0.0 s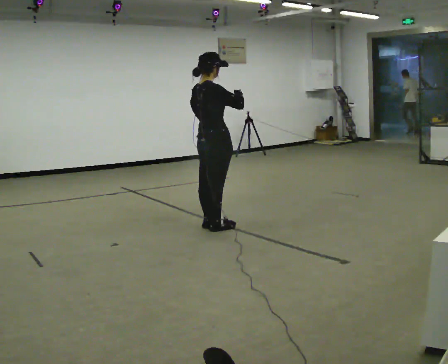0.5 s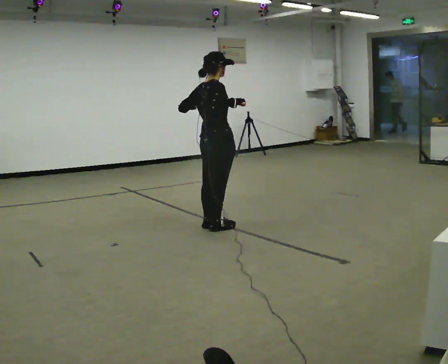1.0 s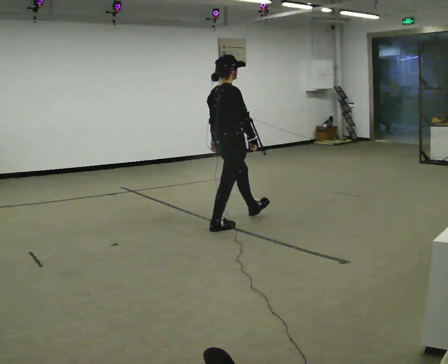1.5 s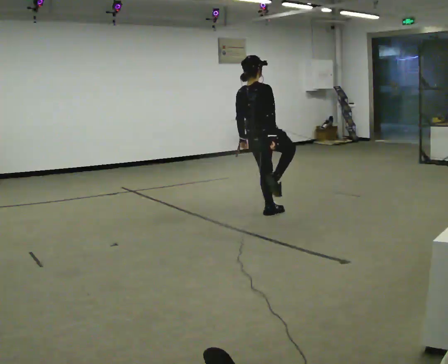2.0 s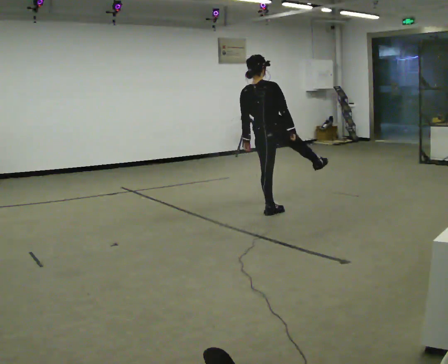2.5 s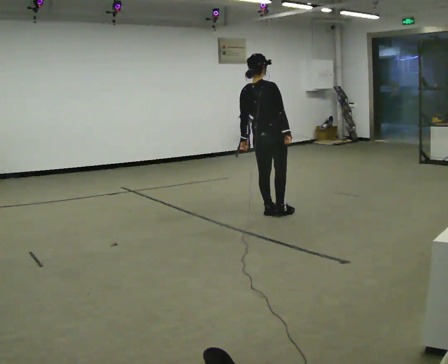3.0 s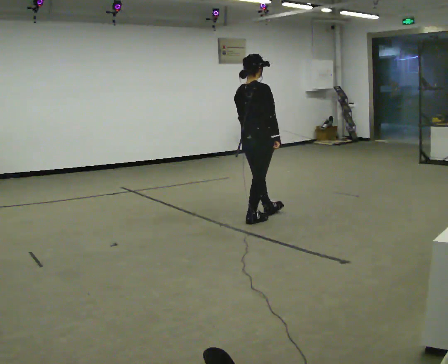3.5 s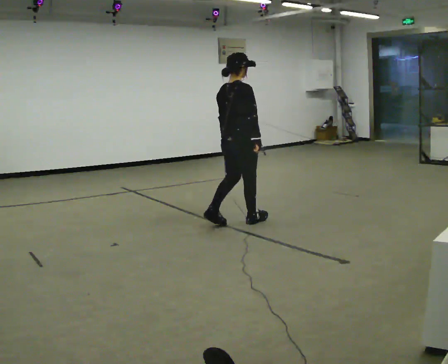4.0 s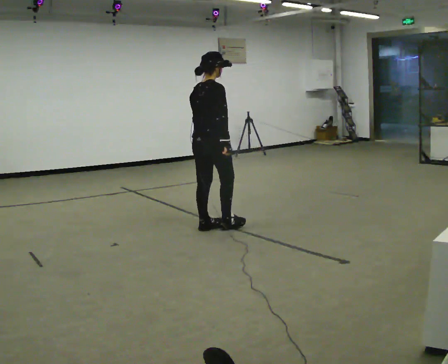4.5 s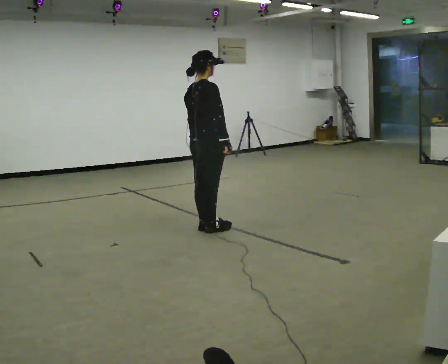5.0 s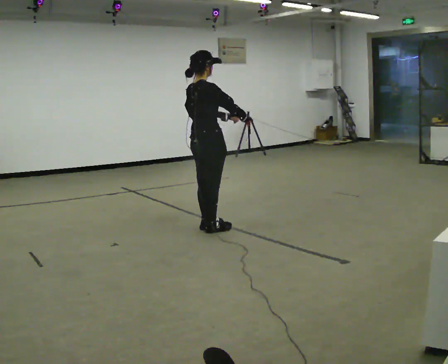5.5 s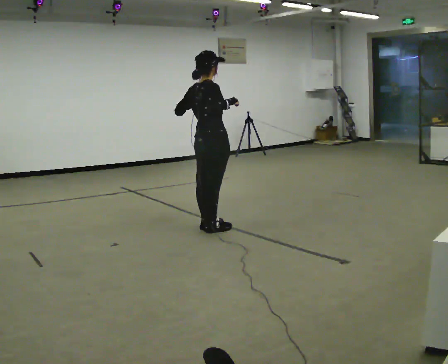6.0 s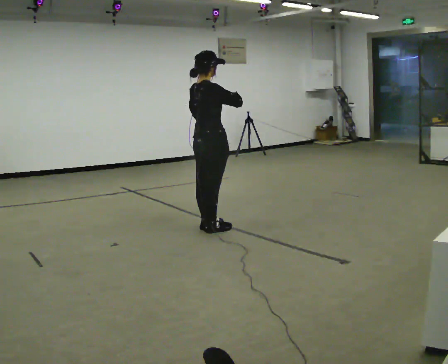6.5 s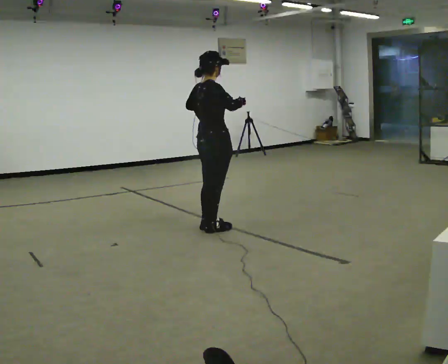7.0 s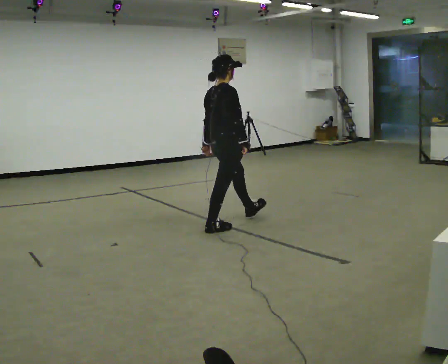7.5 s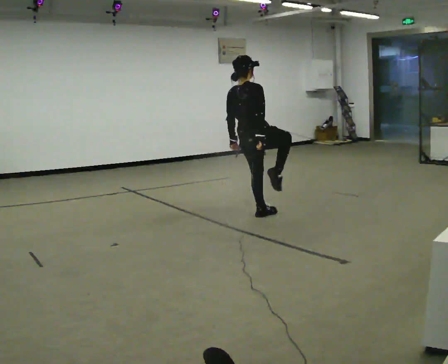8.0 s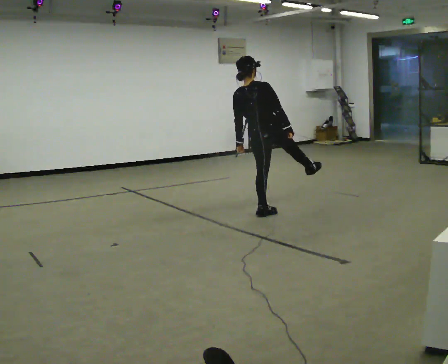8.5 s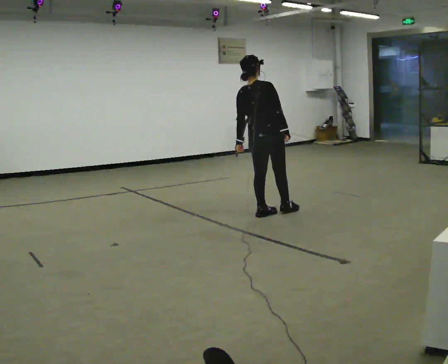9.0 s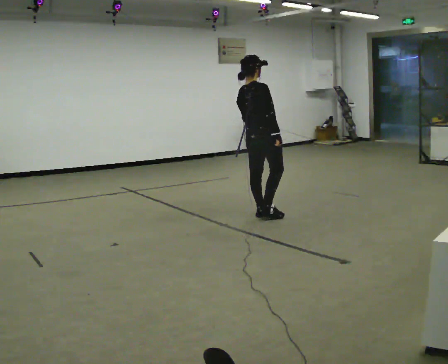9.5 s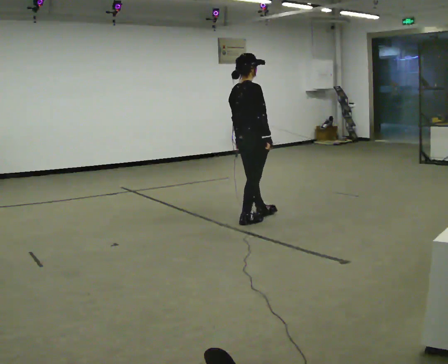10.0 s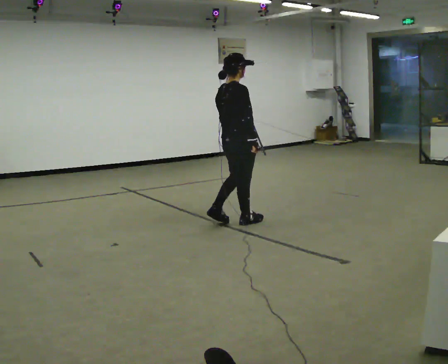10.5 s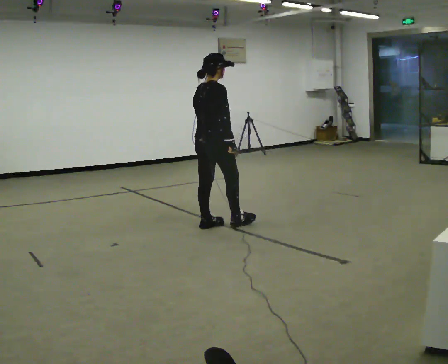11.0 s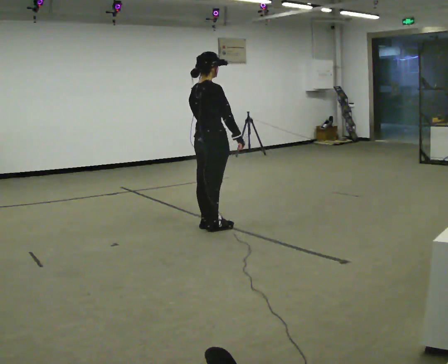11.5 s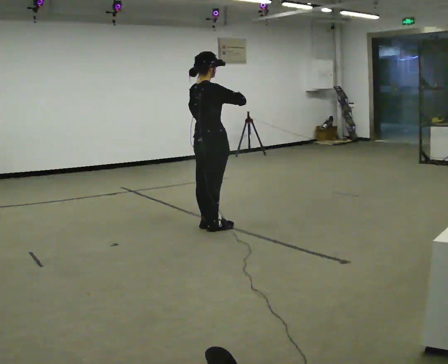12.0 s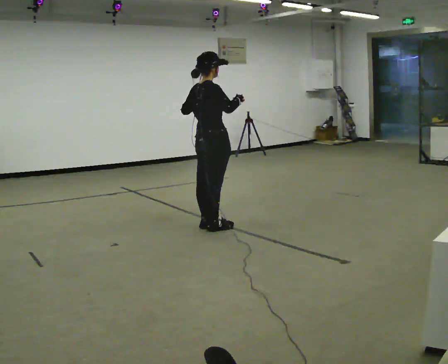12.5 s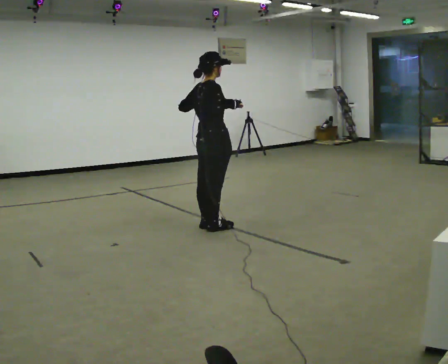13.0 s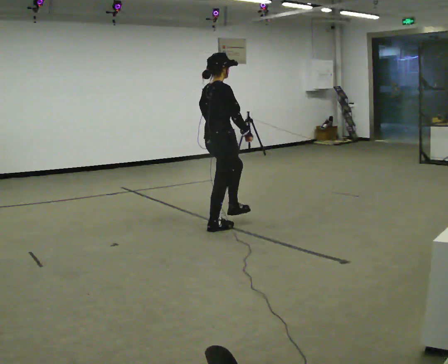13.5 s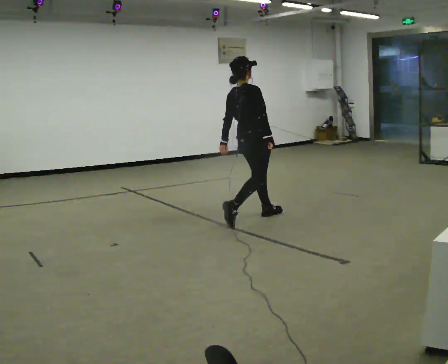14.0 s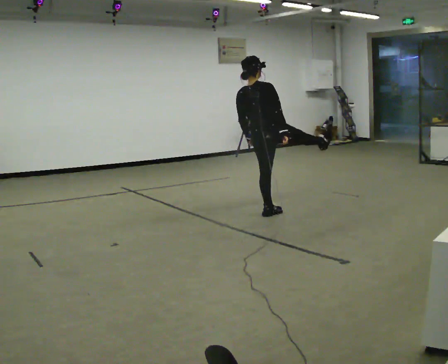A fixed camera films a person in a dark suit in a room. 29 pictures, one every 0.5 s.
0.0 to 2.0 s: The person turns about 30 degrees to their left, counterclockwise seen from above, so the part of the body nearest the lens slides to the right. In the picture they go to the right and away from the camera, about 0.5 m in 1 step, which for them is forward. In the picture their left hand goes downward.
2.0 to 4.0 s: The part of the body nearest the lens slides to the left as the person turns to their right by about 30 degrees. In the picture they go to the left and toward the camera, about 1 m in 2 steps, which for them is backward. In the picture the upper body tilts clockwise, shoulders to the right.
4.0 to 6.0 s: In the picture their left hand goes upward.
6.0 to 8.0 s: The part of the body nearest the lens slides to the right as the person turns to their left by about 30 degrees. In the picture they go to the right and away from the camera, about 0.5 m in 2 steps, which for them is forward. In the picture the upper body tilts counterclockwise, shoulders to the left. In the picture their left hand goes downward.
8.0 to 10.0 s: The part of the body nearest the lens slides to the left as the person turns to their right by about 30 degrees. In the picture they go to the left and toward the camera, about 0.5 m in 1 step, which for them is backward. In the picture the upper body tilts clockwise, shoulders to the right.
10.0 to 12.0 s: In the picture they go to the left, about 0.25 m in 2 steps, which for them is backward. In the picture their left hand goes upward.
12.0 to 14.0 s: Seen from above the body turns counterclockwise, about 30 degrees: to their left, with its near side sliding to the right. In the picture they go to the right and away from the camera, about 0.75 m in 1 step, which for them is forward. In the picture their left hand goes downward.
The film runs forward here.
